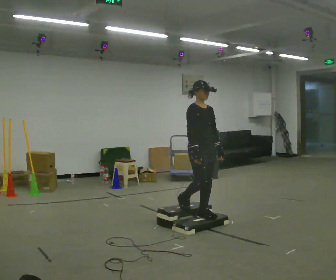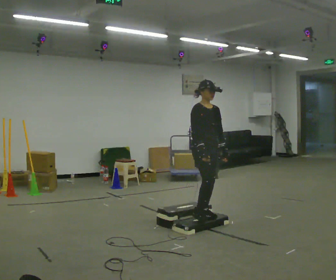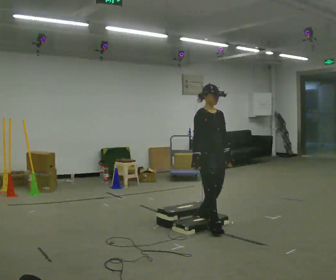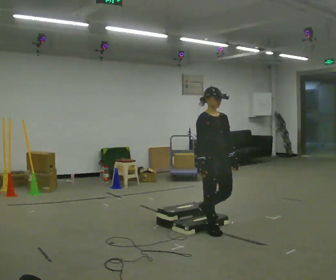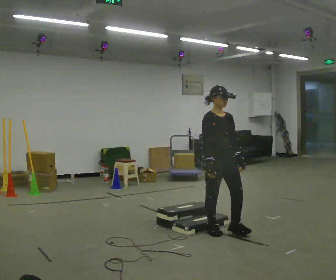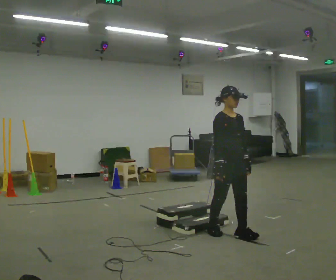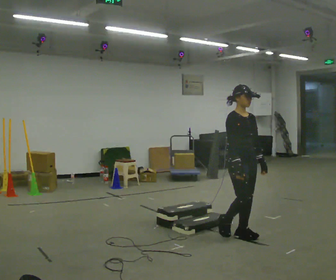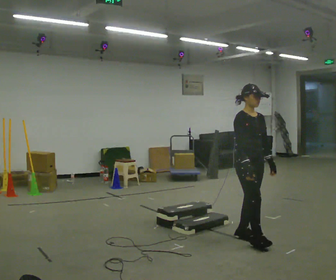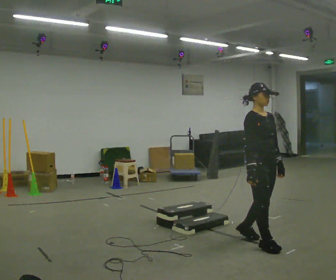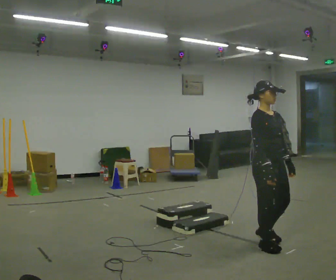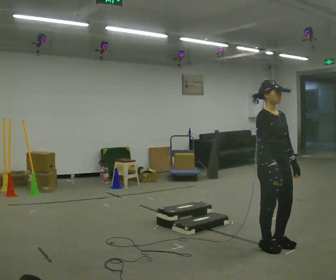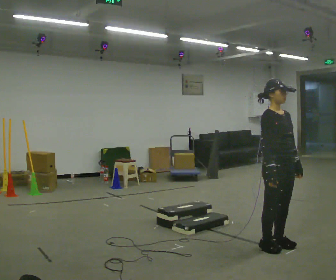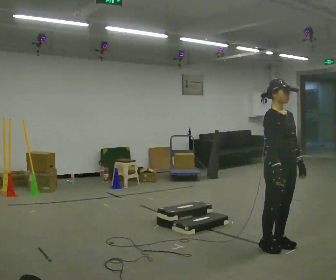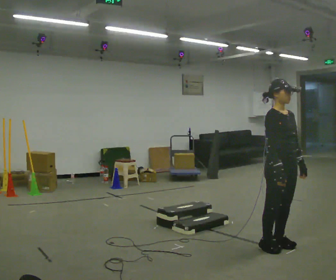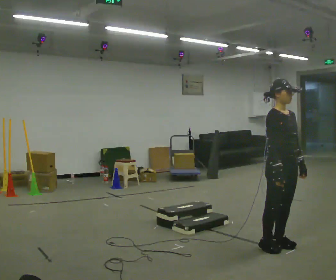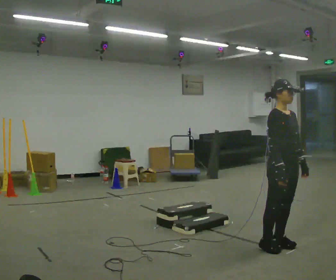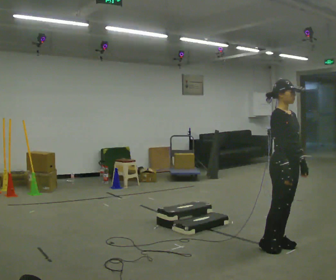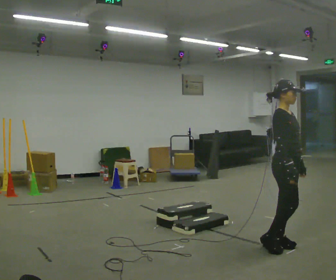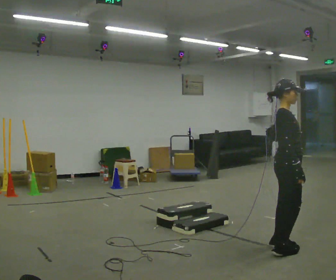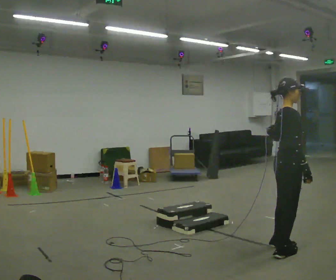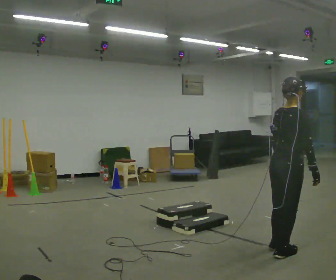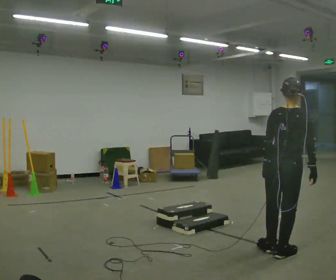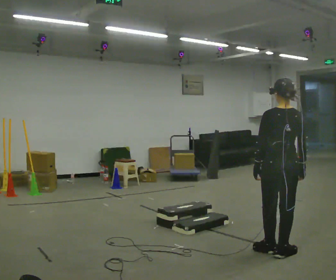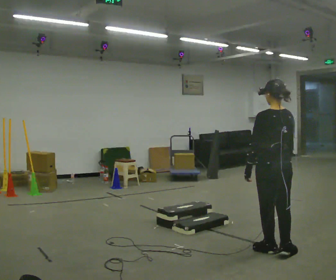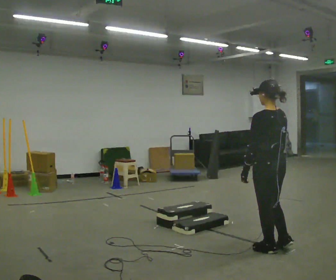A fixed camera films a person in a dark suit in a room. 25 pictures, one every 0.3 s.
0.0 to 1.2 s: In the picture they go toward the camera and to the right, about 0.5 m in 1 step, which for them is forward.
1.2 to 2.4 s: In the picture they go to the right and toward the camera, about 0.5 m in 2 steps, which for them is forward.
2.4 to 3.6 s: In the picture they go to the right, about 0.25 m in 1 step, which for them is forward.
3.6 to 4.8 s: The person moves a little, or ends about where they began.
4.8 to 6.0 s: Seen from above the body turns counterclockwise, about 75 degrees: to their left, with its near side sliding to the right. In the picture they go toward the camera, about 0.25 m in 1 step.
6.0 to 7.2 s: The part of the body nearest the lens slides to the right as the person turns to their left by about 90 degrees. In the picture their right hand goes to the left.
The film runs forward here.
